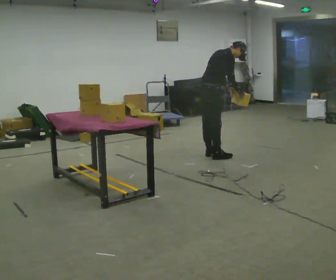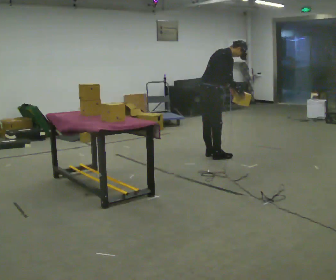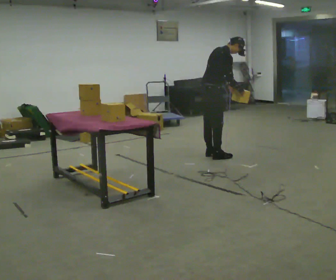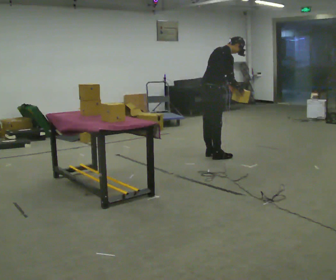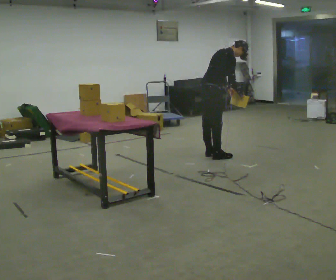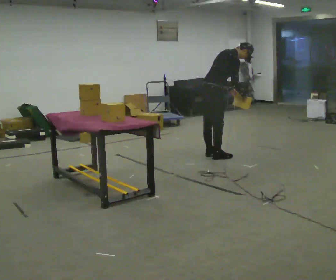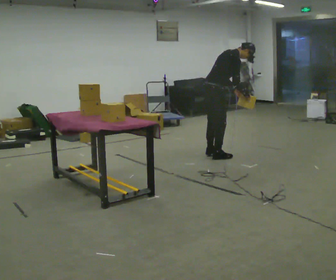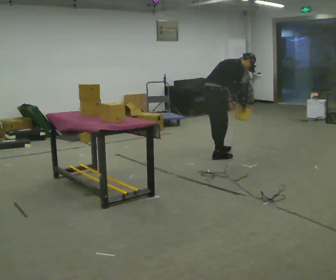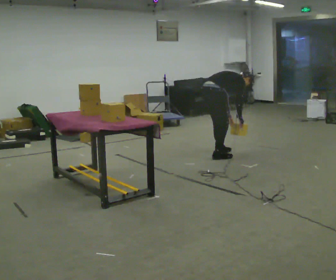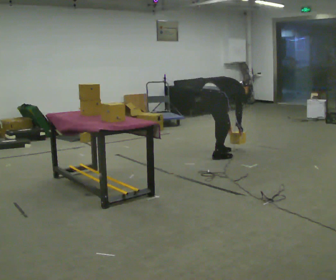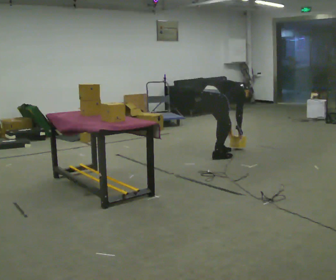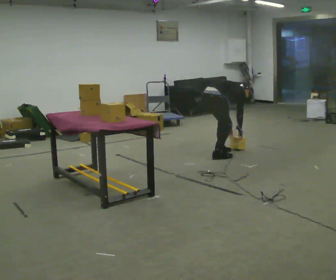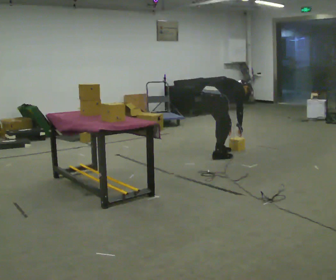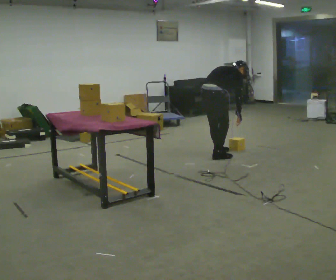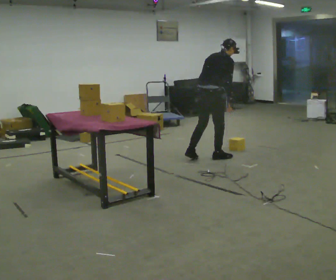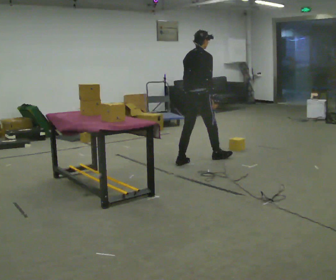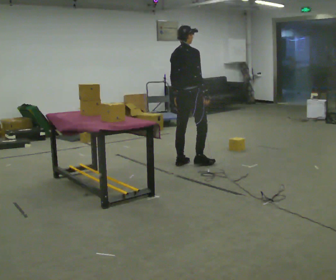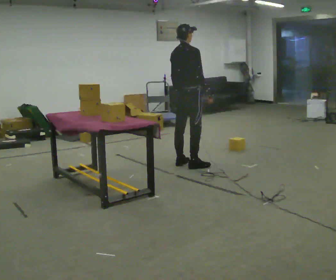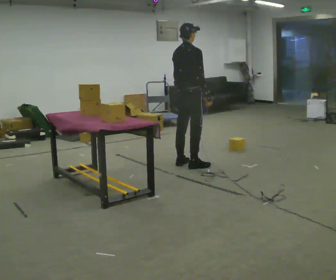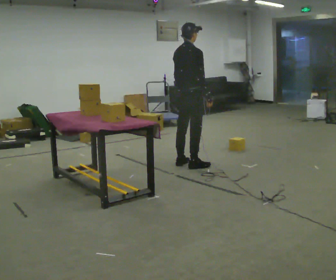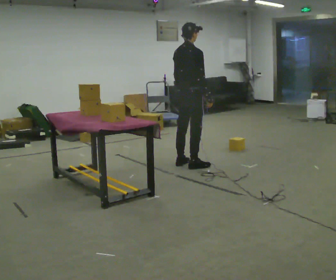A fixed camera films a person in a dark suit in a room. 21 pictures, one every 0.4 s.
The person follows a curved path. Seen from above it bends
clockwise.
0.0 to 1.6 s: The person moves a little, or ends about where they began.
1.6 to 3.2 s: The shoulders move downward. The upper body tips away from the camera, its near side rolling upward, as they bend forward. In the picture their left hand goes downward.
3.2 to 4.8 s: The person moves a little, or ends about where they began.
4.8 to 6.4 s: In the picture they go to the left and toward the camera, about 0.5 m in 1 step, which for them is backward. The upper body goes upward. In the picture the upper body tilts counterclockwise, shoulders to the left, as they lean back or straighten. In the picture their right hand goes upward.
6.4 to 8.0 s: The person moves a little, or ends about where they began.
The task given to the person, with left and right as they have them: Carry the box over and put it on the shelf with the label facing out towards you. Get the orientation right, not just the position. Keep going until the operator says stop; one object at a time, and do not rush between trips.
The film runs forward here.
